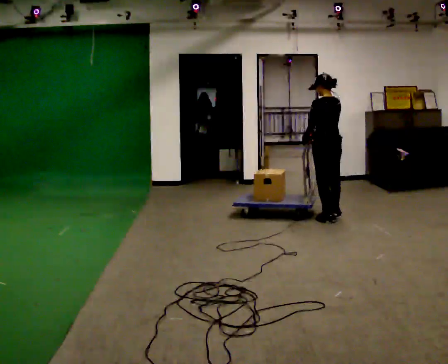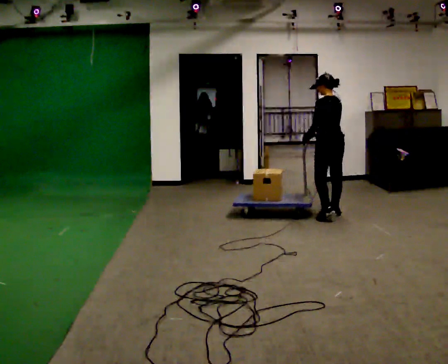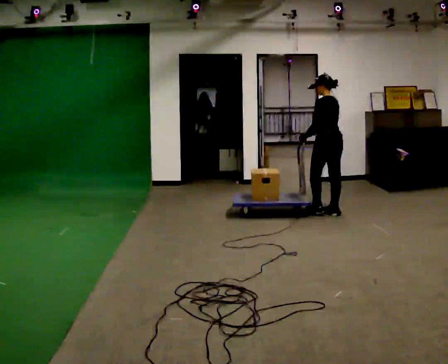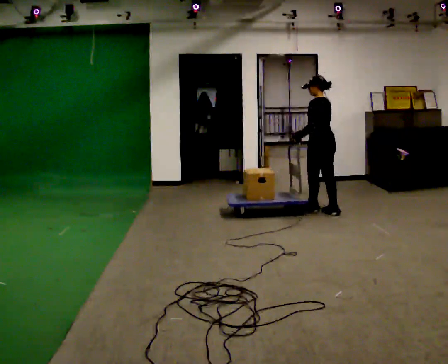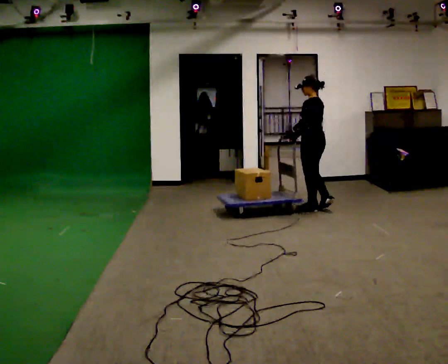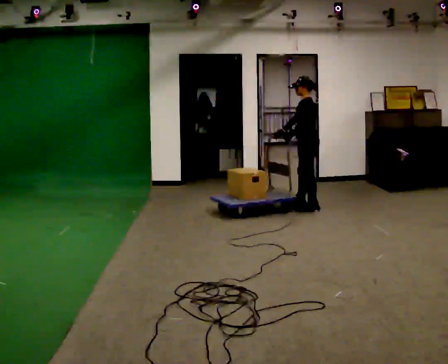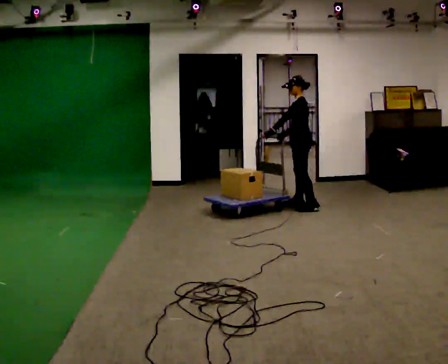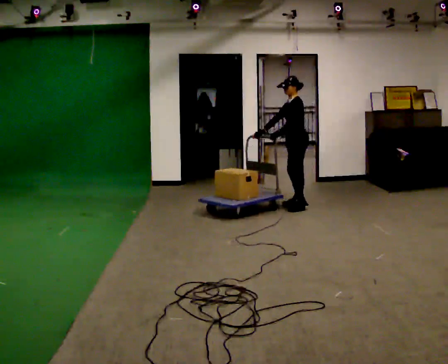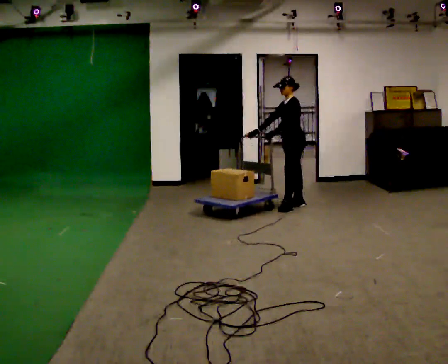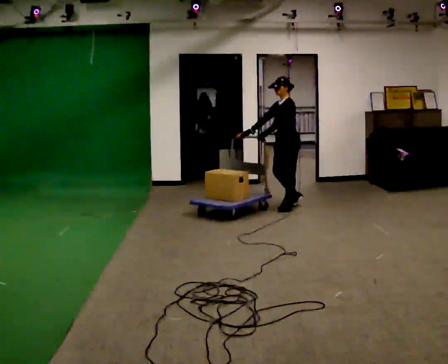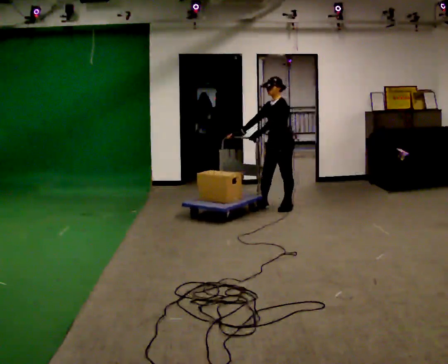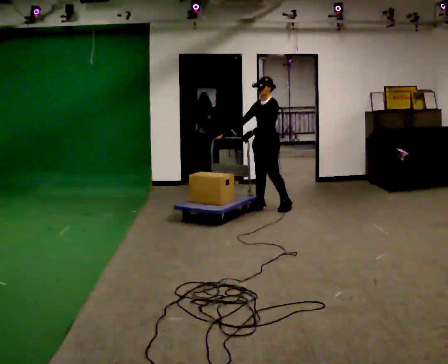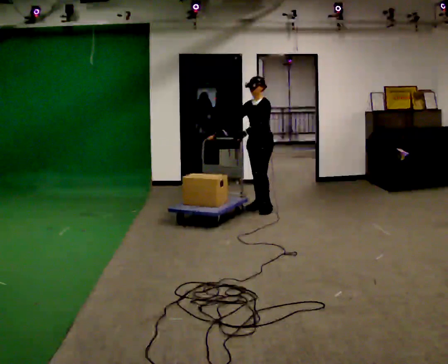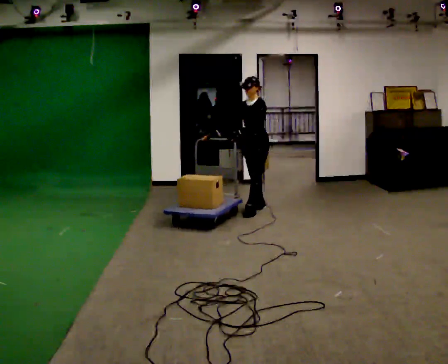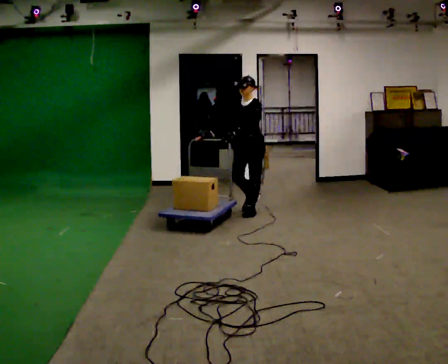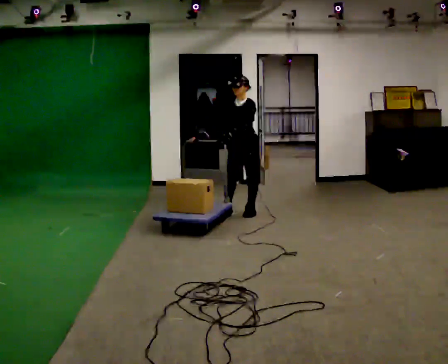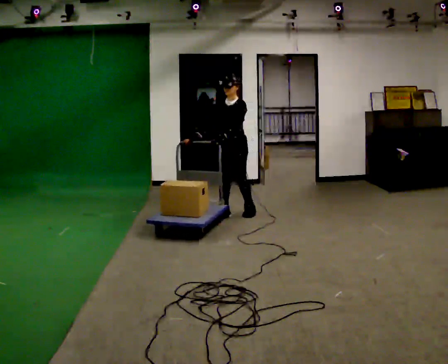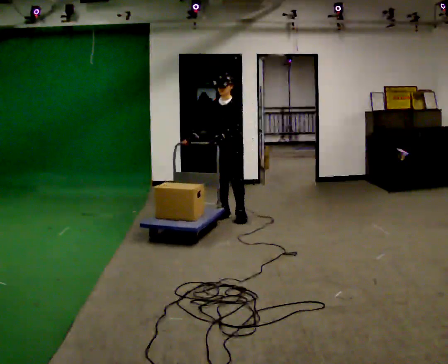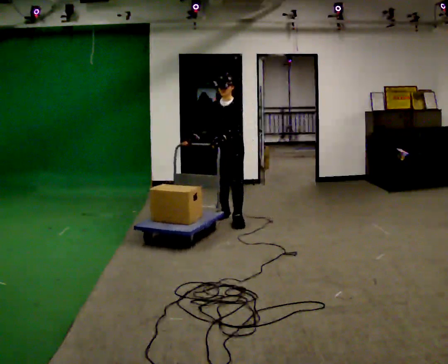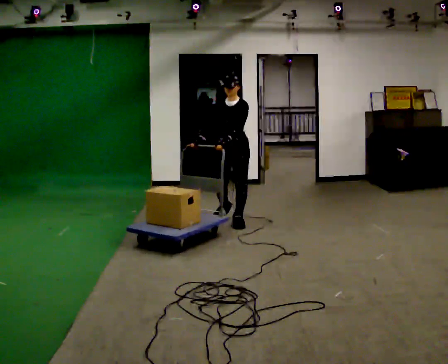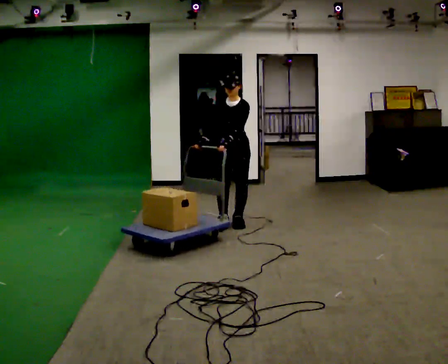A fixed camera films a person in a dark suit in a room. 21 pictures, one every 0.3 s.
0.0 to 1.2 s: Seen from above the body turns counterclockwise, about 30 degrees: to their left, with its near side sliding to the right. In the picture they go away from the camera, about 0.5 m in 1 step, which for them is forward and to their right.
1.2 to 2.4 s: The person turns about 45 degrees to their left, counterclockwise seen from above, so the part of the body nearest the lens slides to the right. In the picture they go to the left and away from the camera, about 0.25 m in 2 steps, which for them is to their right and forward.
2.4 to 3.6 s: Seen from above the body turns counterclockwise, about 30 degrees: to their left, with its near side sliding to the right. In the picture they go to the left, about 0.5 m in 1 step, which for them is forward and to their right.
3.6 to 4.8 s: In the picture they go toward the camera and to the left, about 0.5 m in 2 steps, which for them is forward.
4.8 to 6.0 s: In the picture they go toward the camera, about 0.5 m in 1 step, which for them is forward and to their left.
The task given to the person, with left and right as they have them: Push the loaded cart from one corner of the room to the other, turn it round, and push it back. Keep going until the operator says stop.
The film runs forward here.
